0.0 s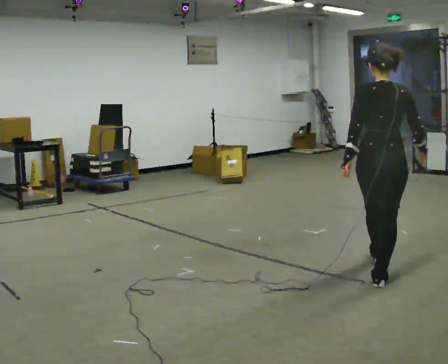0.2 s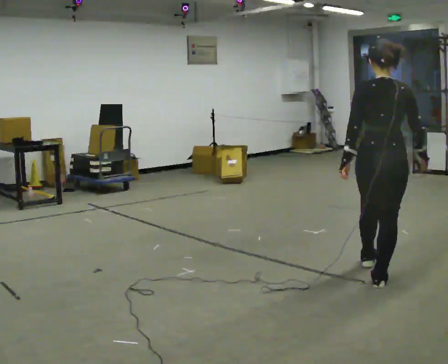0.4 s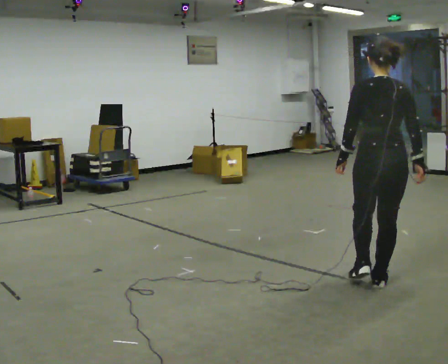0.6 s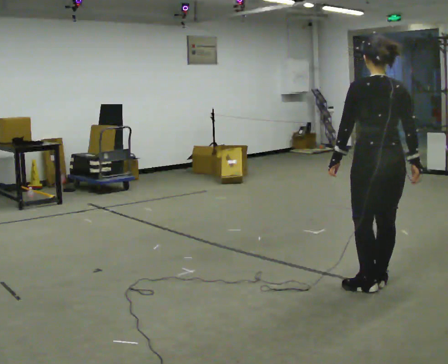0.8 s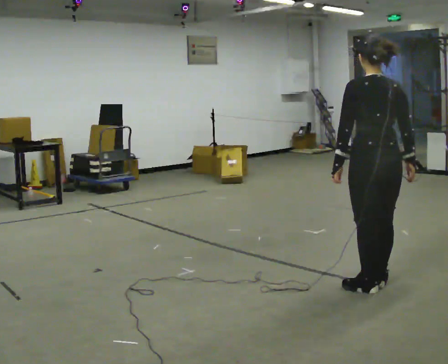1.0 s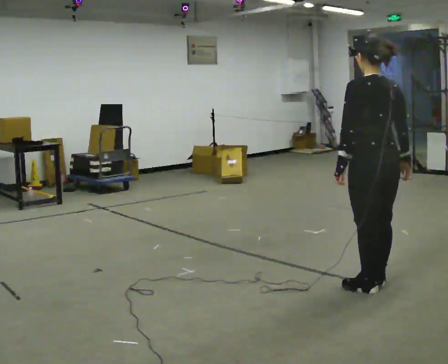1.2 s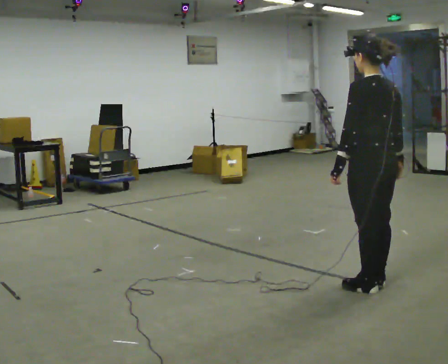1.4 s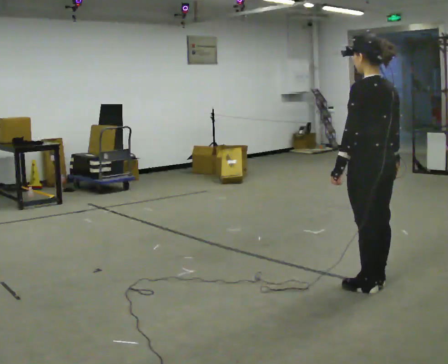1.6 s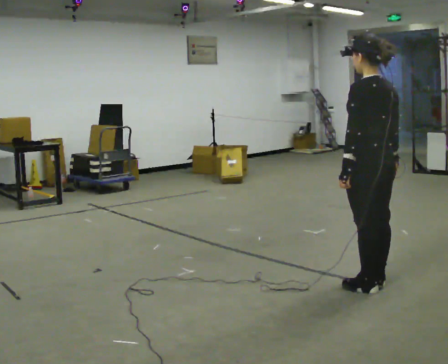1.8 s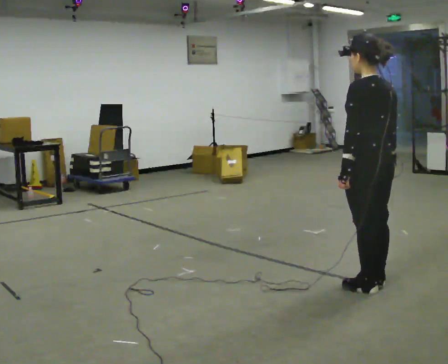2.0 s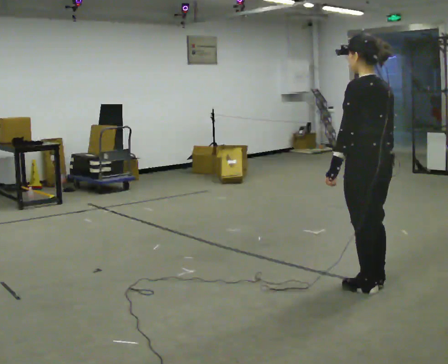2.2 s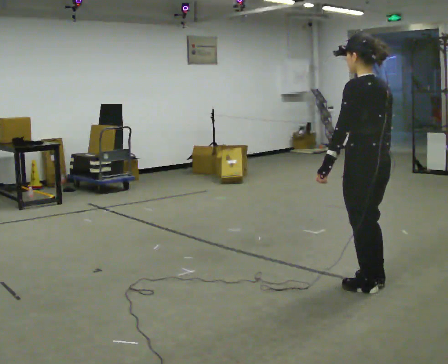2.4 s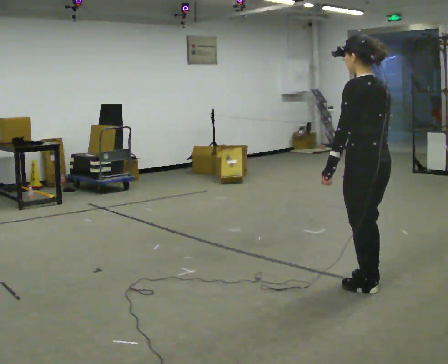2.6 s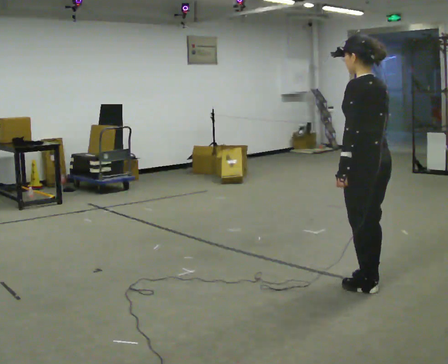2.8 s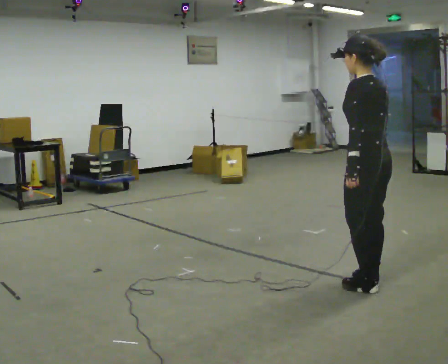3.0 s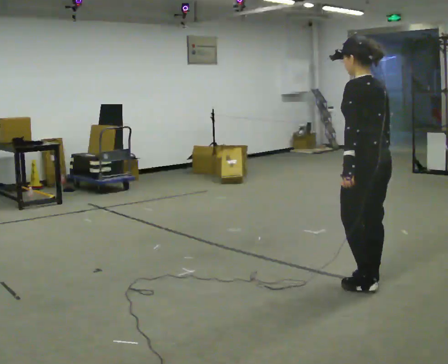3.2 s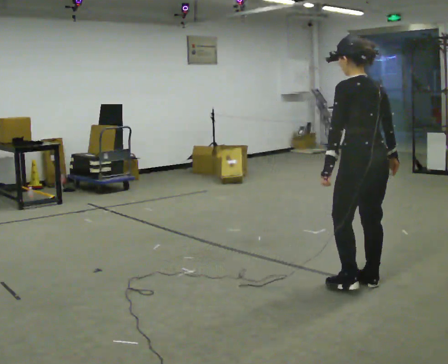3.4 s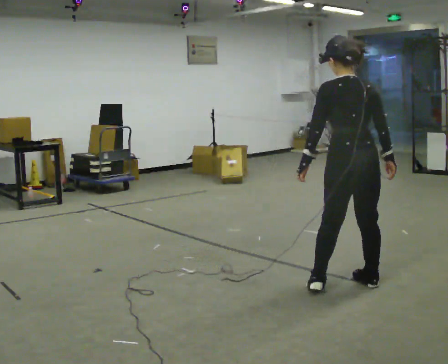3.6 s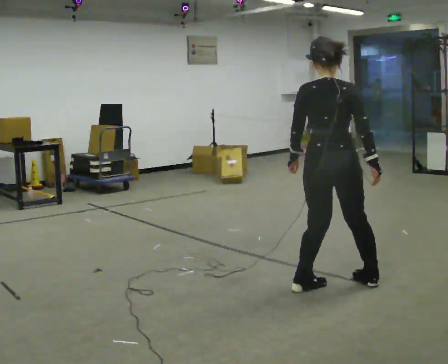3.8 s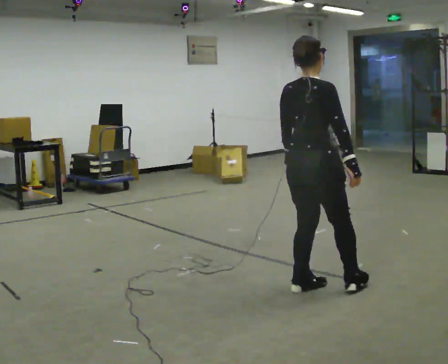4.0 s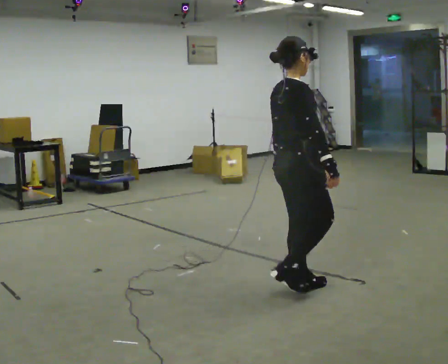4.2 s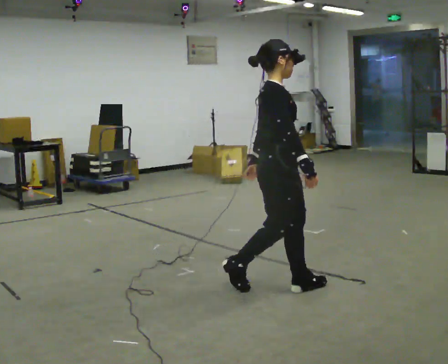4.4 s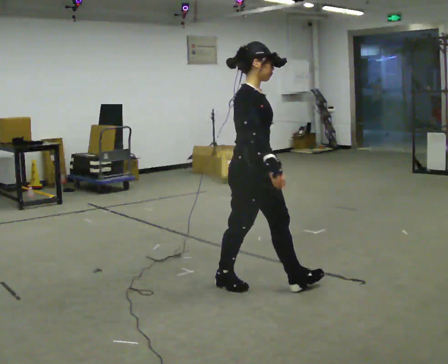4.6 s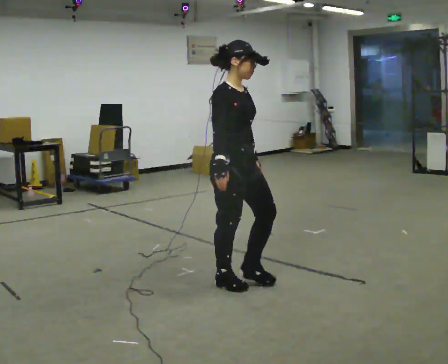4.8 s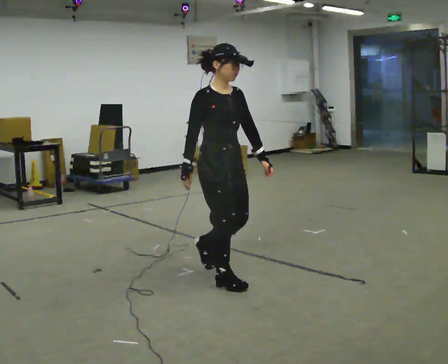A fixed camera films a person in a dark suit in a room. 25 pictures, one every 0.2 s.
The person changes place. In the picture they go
to the left.
The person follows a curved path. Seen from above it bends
clockwise.
0.0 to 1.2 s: Seen from above the body turns counterclockwise, about 45 degrees: to their left, with its near side sliding to the right. In the picture they go toward the camera, about 0.25 m, which for them is backward.
1.2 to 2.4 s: The person moves a little, or ends about where they began.
2.4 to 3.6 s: The part of the body nearest the lens slides to the left as the person turns to their right by about 60 degrees. In the picture they go to the left, about 0.25 m in 1 step.
3.6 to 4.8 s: Seen from above the body turns clockwise, about 120 degrees: to their right, with its near side sliding to the left. In the picture they go to the left, about 0.5 m in 2 steps.
The film runs backward here.
